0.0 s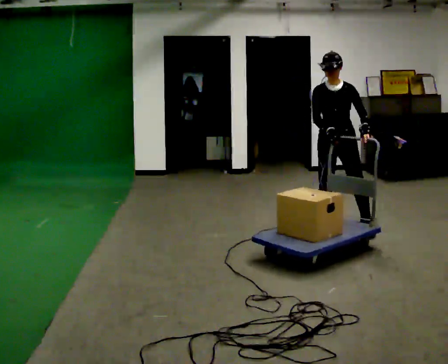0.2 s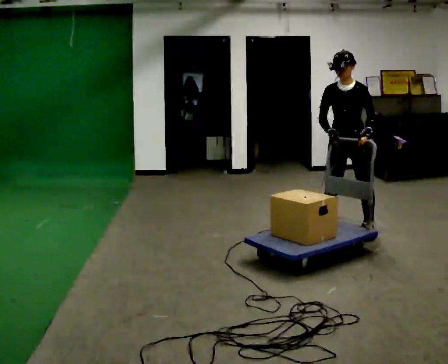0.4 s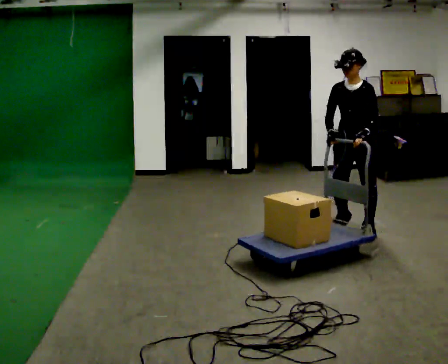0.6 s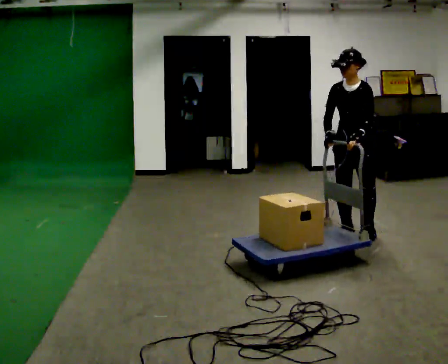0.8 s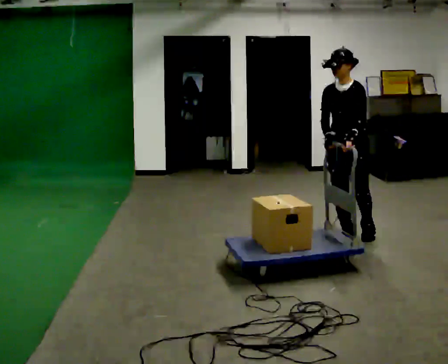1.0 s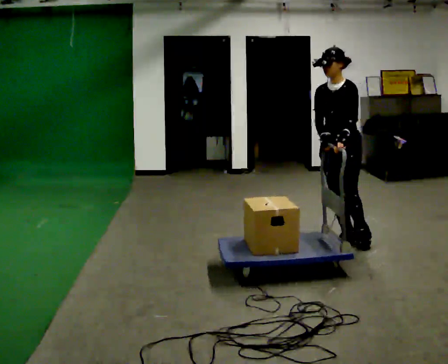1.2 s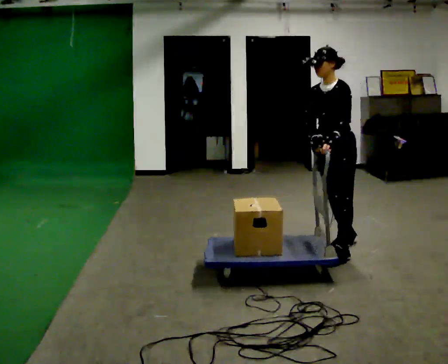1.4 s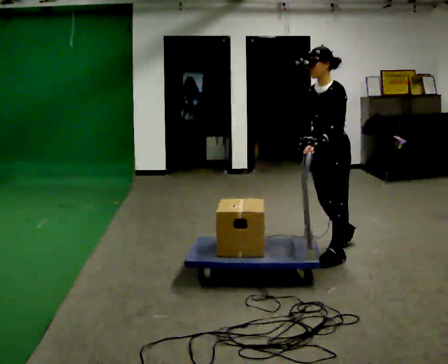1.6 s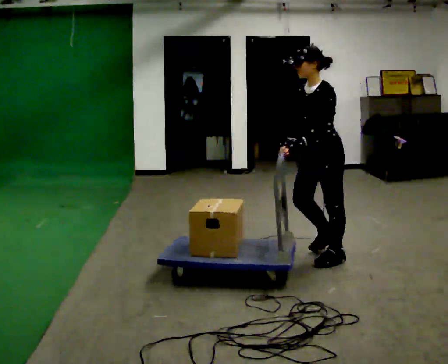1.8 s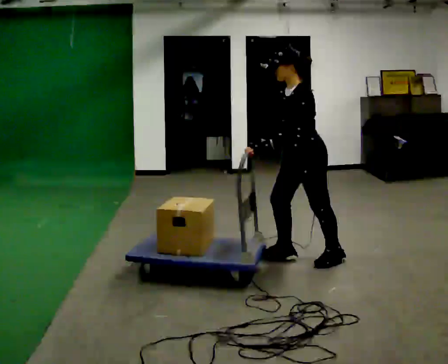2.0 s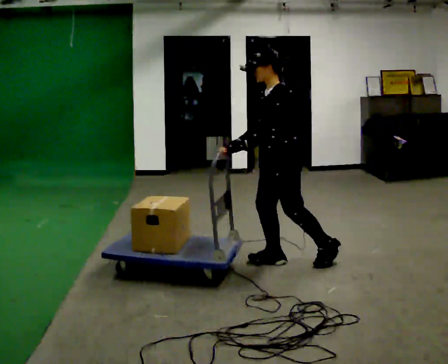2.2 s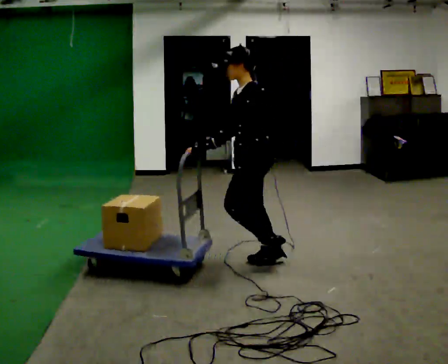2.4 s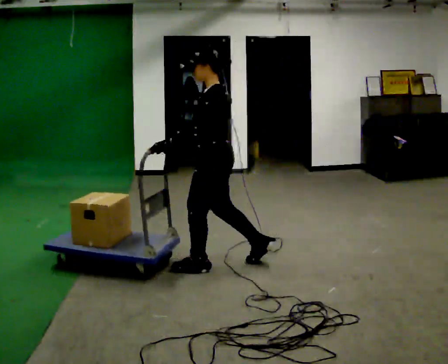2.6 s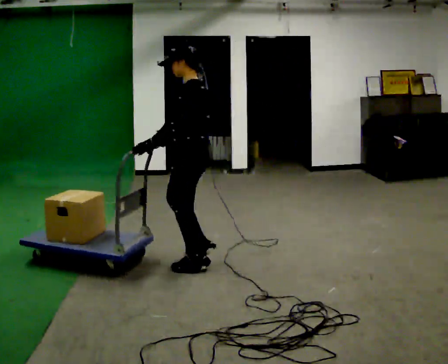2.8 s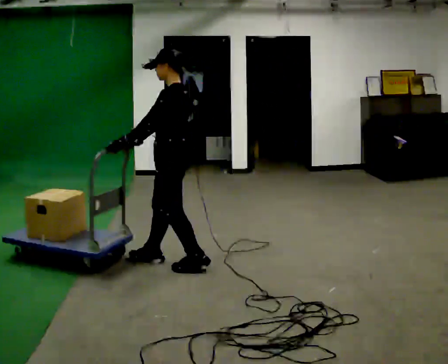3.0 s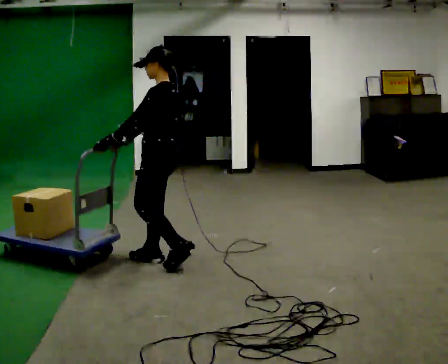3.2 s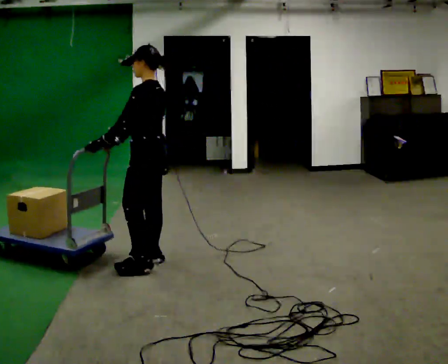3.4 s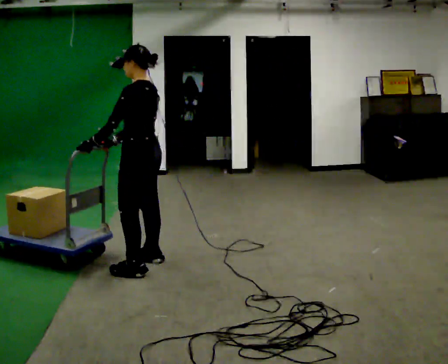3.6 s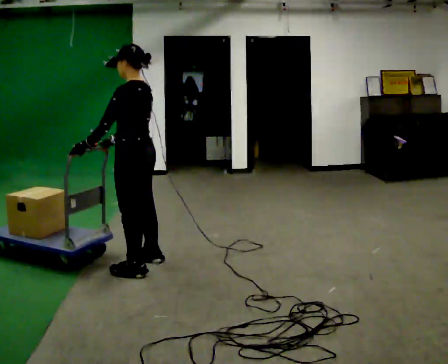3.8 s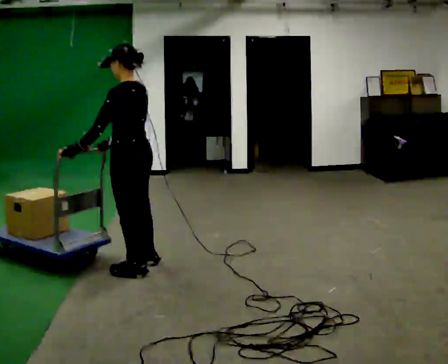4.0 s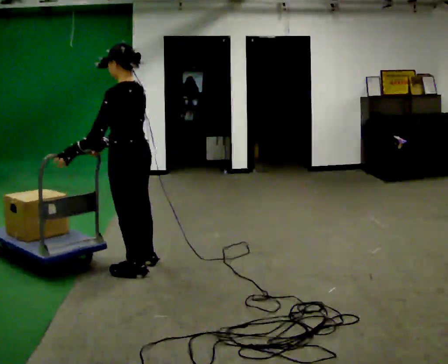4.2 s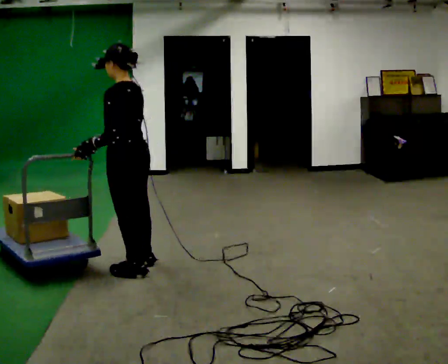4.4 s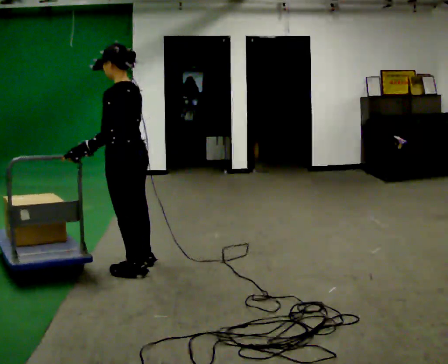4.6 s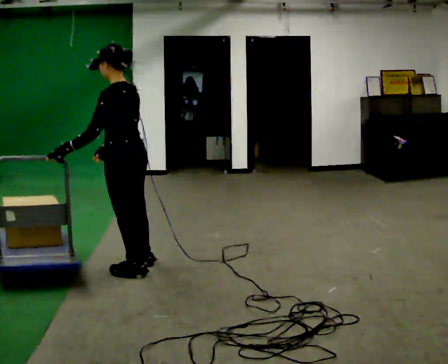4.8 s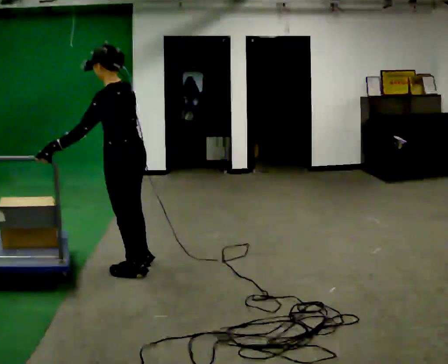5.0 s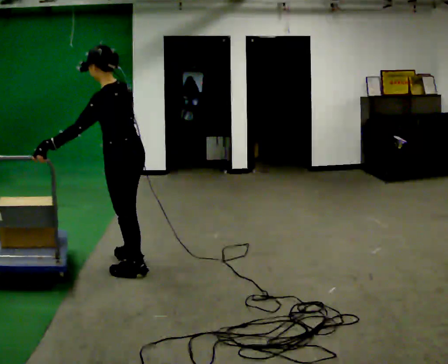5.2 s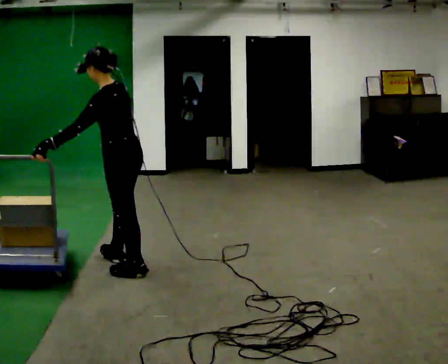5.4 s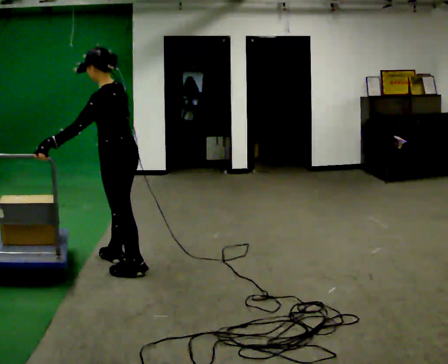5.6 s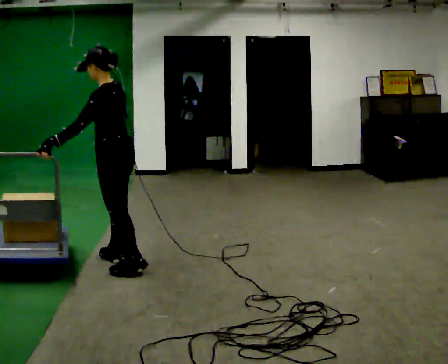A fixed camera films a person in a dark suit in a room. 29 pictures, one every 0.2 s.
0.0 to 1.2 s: The person turns about 30 degrees to their right, clockwise seen from above, so the part of the body nearest the lens slides to the left. In the picture they go toward the camera, about 0.5 m in 2 steps, which for them is forward.
1.2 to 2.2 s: The person turns about 30 degrees to their right, clockwise seen from above, so the part of the body nearest the lens slides to the left. In the picture they go to the left, about 0.75 m in 2 steps, which for them is forward.
2.2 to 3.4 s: In the picture they go to the left, about 0.5 m in 3 steps, which for them is forward.
3.4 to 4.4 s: The person moves a little, or ends about where they began.
4.4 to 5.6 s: In the picture they go away from the camera, about 0.25 m in 1 step, which for them is to their right and forward.
The film runs forward here.
